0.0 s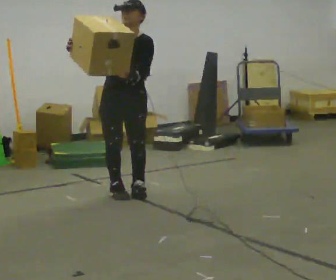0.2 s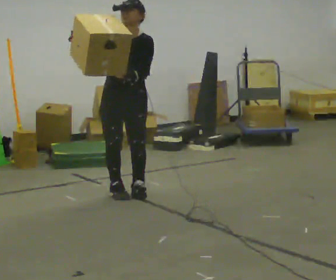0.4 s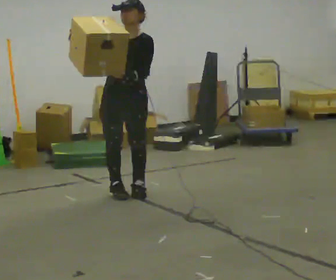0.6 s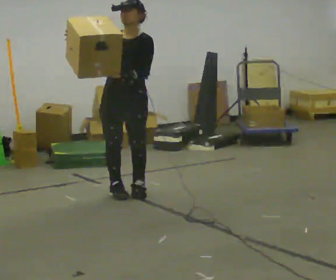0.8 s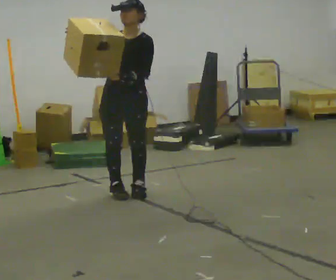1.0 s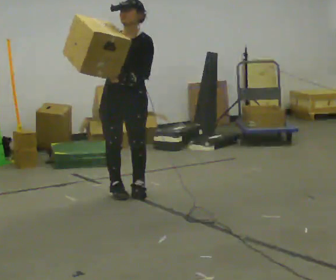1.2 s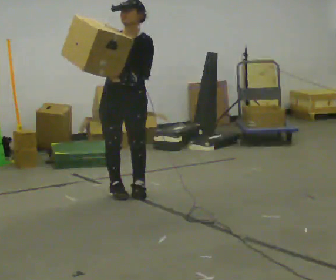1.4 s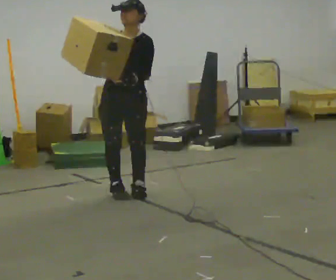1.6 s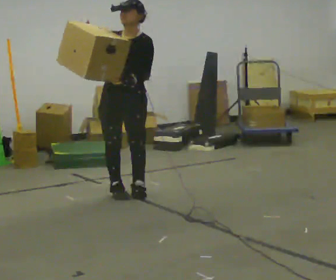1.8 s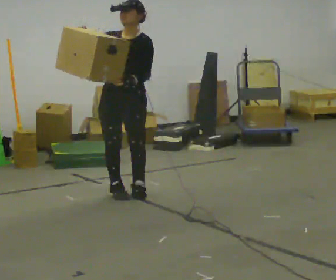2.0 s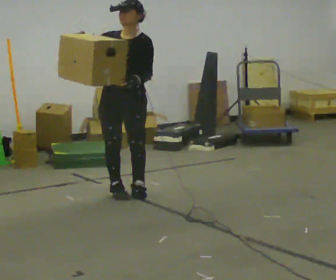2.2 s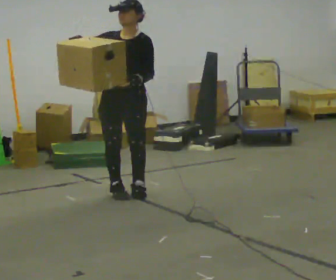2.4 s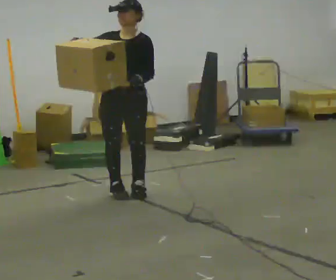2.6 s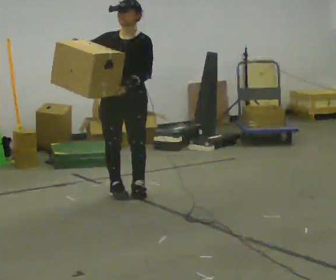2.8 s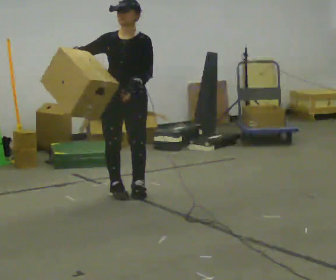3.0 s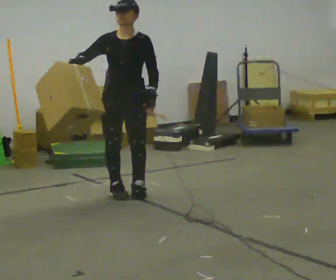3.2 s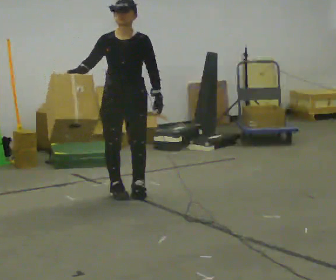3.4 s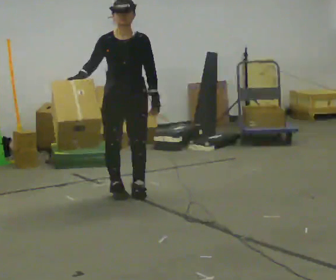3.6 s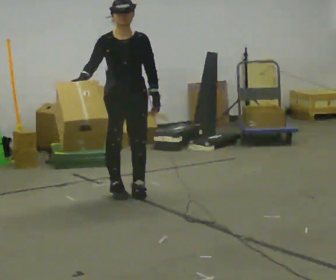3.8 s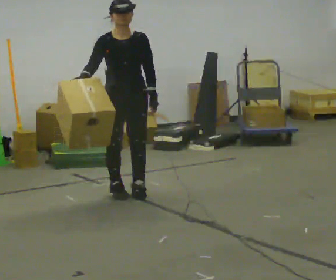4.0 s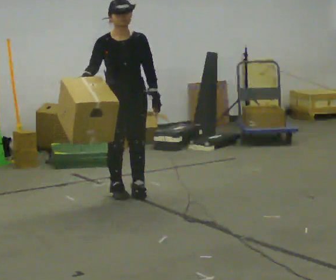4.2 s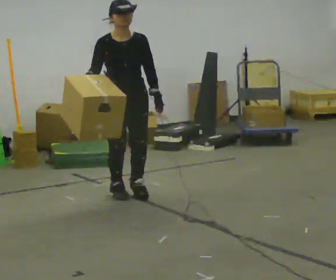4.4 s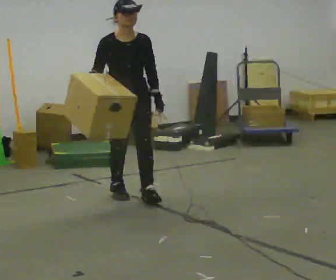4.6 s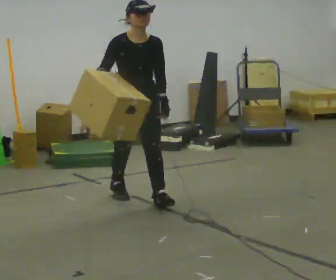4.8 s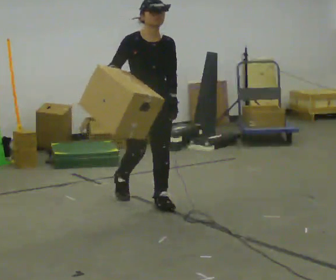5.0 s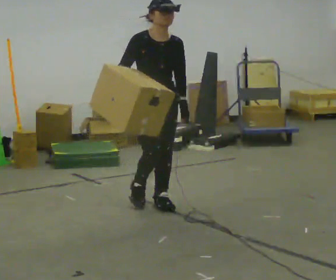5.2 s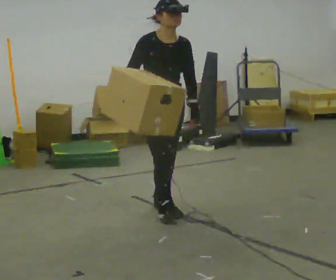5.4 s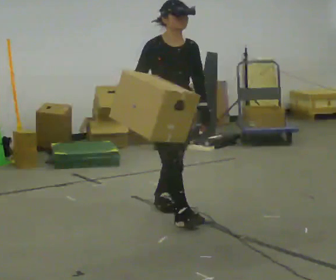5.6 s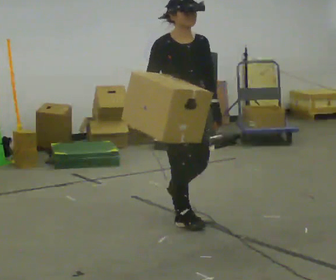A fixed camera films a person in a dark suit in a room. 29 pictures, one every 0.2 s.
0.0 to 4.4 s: The person moves a little, or ends about where they began.
4.4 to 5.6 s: In the picture they go toward the camera and to the right, about 0.5 m in 2 steps, which for them is forward.
The film runs forward here.
